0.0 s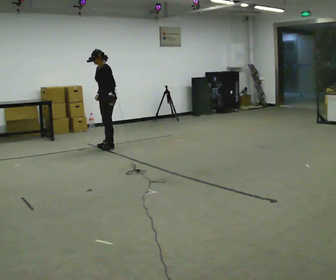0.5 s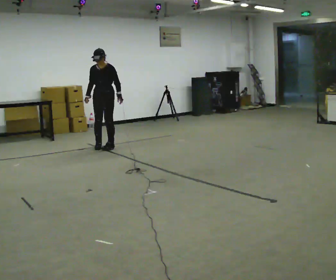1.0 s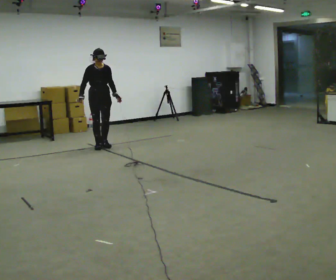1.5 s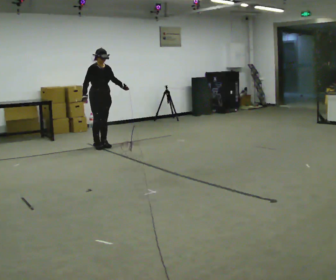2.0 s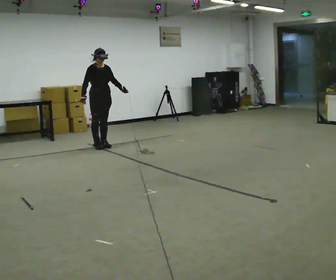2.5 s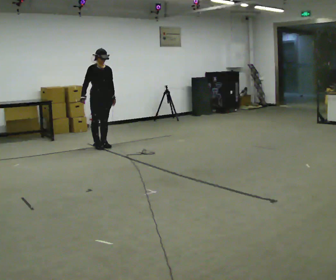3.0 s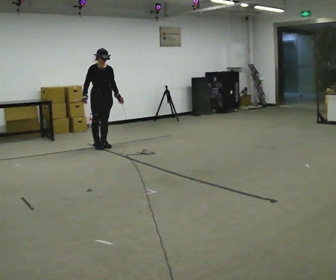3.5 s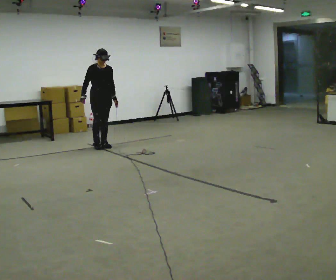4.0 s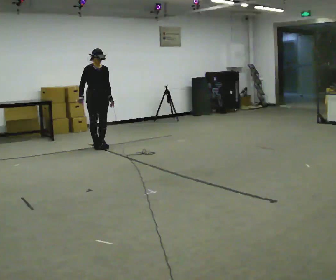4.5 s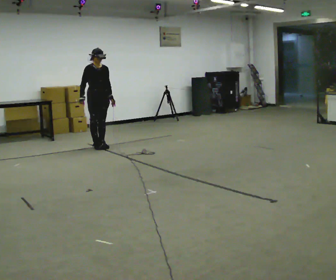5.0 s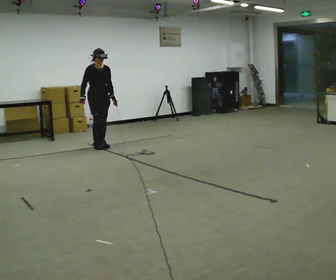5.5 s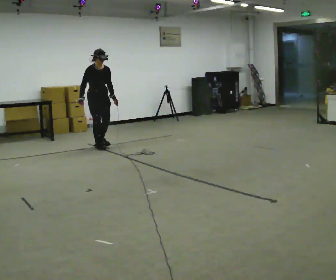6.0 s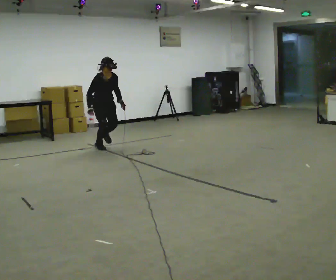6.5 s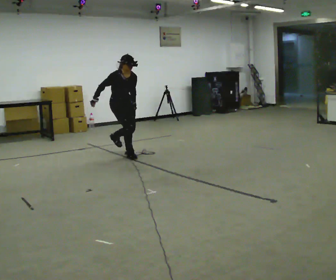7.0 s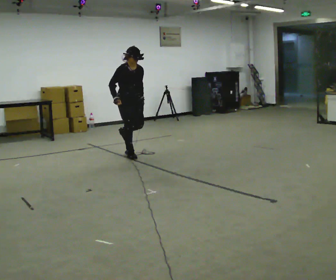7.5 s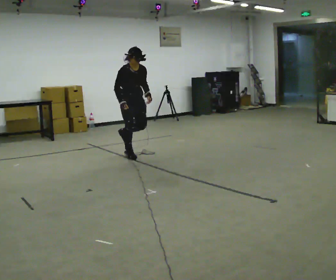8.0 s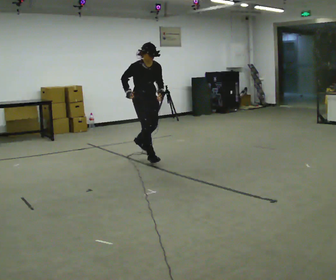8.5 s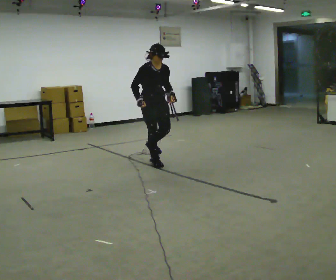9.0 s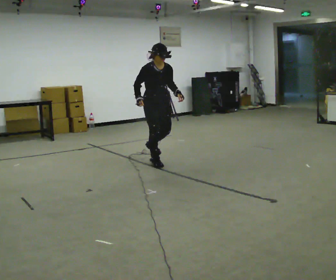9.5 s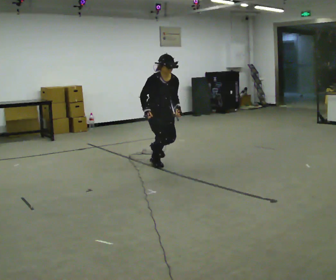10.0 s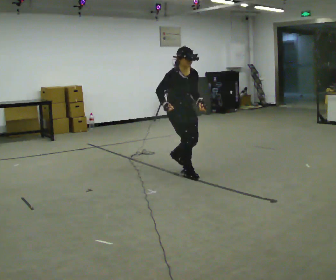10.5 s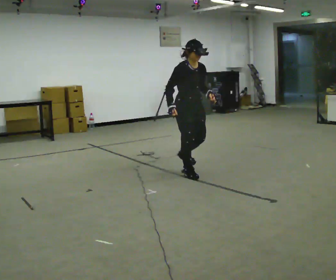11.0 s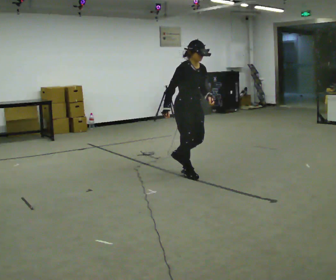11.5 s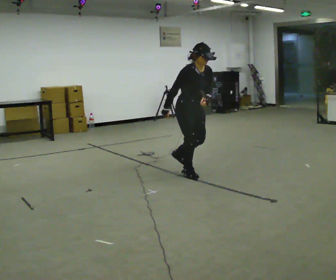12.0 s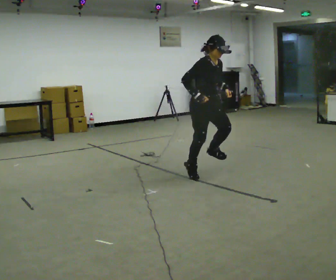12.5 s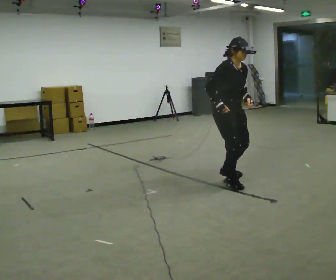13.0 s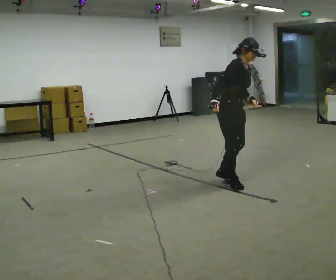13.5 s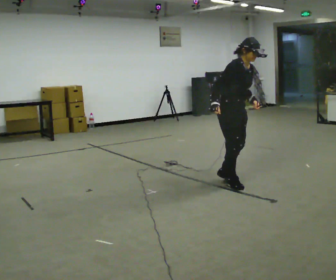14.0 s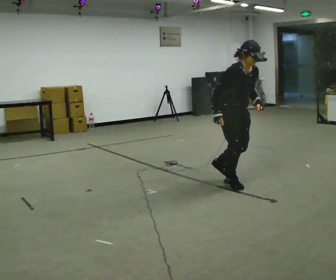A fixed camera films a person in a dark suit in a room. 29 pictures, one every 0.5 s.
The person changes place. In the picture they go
toward the camera.
0.0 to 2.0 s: The part of the body nearest the lens slides to the right as the person turns to their left by about 90 degrees.
2.0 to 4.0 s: The person moves a little, or ends about where they began.
4.0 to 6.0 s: In the picture they go toward the camera, about 0.25 m, which for them is forward. The upper body tips toward the camera, its near side rolling downward, as they bend forward.
6.0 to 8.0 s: In the picture they go toward the camera and to the right, about 1 m in 3 steps, which for them is forward.
8.0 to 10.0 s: In the picture they go toward the camera and to the right, about 1 m in 4 steps, which for them is forward.
10.0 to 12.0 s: In the picture they go toward the camera and to the right, about 0.5 m in 1 step, which for them is forward.
12.0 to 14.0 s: In the picture they go toward the camera and to the right, about 0.5 m in 3 steps, which for them is forward.
The film runs forward here.
